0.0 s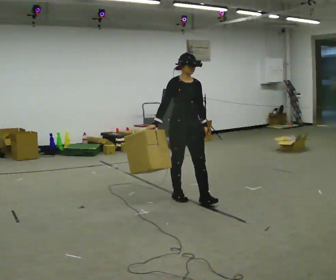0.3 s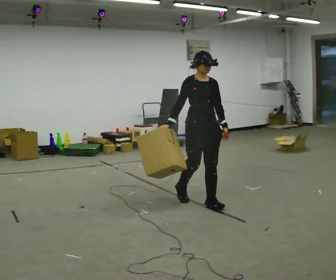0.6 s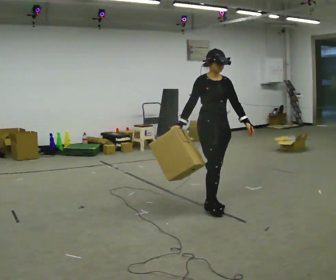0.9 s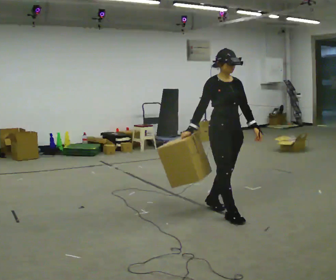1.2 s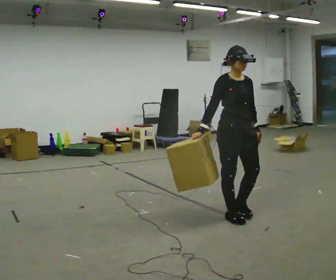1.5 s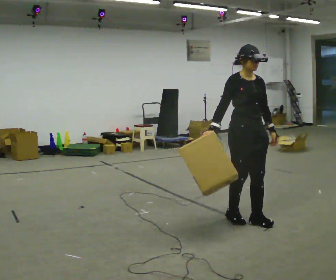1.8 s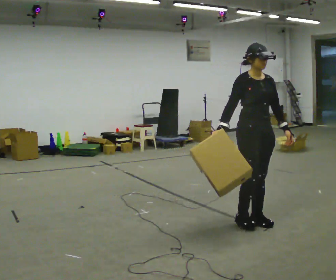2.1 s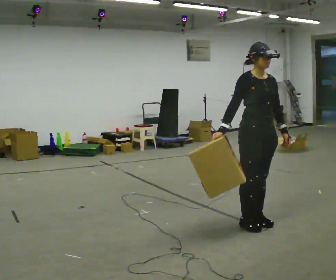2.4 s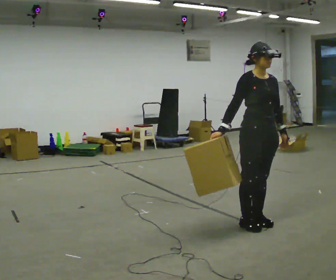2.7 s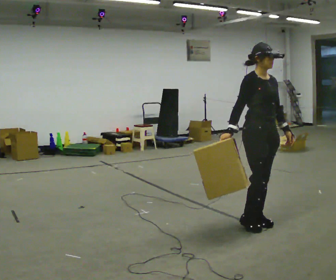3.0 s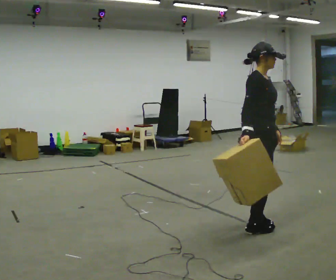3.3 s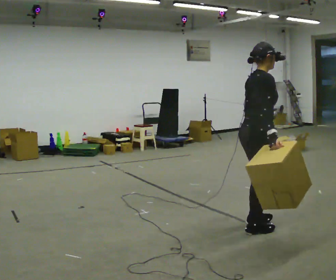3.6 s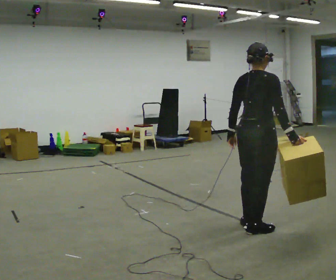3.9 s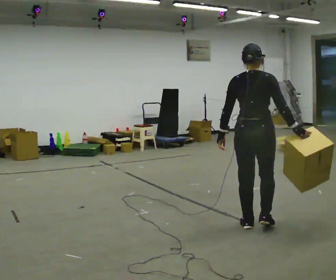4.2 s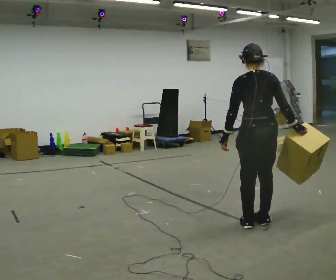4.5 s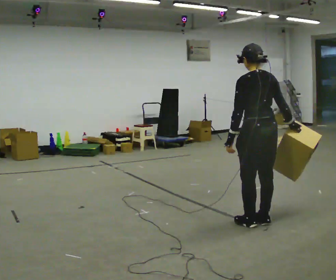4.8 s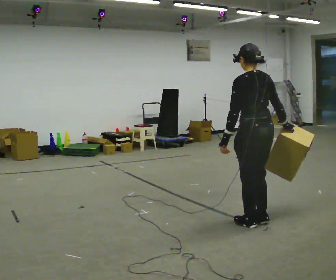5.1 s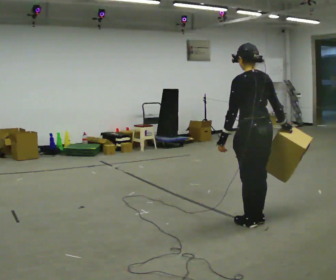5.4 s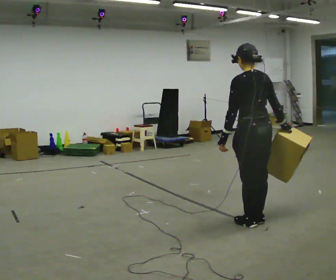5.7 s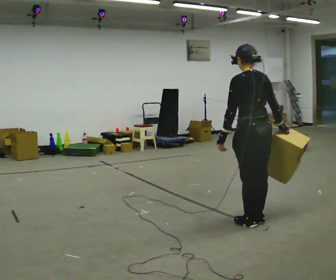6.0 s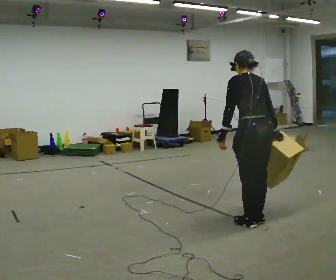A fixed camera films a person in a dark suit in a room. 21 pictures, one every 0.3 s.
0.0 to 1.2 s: In the picture they go toward the camera and to the right, about 1 m in 2 steps, which for them is forward.
1.2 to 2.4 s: In the picture they go to the right and toward the camera, about 0.25 m in 2 steps, which for them is forward.
2.4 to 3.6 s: The person turns about 105 degrees to their left, counterclockwise seen from above, so the part of the body nearest the lens slides to the right. In the picture their right hand goes to the right, the arm swinging counterclockwise.
3.6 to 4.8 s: The part of the body nearest the lens slides to the right as the person turns to their left by about 75 degrees.
4.8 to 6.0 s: The upper body tips away from the camera, its near side rolling upward, as they bend forward.
The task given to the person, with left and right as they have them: Carry the box straight from one end of the room to the other, set it down, then bring it back. Keep going until the operator says stop; one object at a time, and do not rush between trips.
The film runs forward here.
